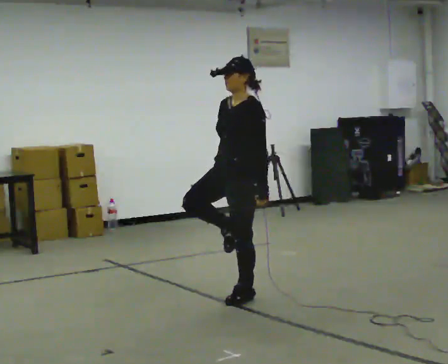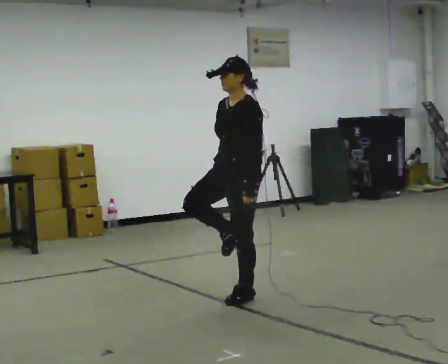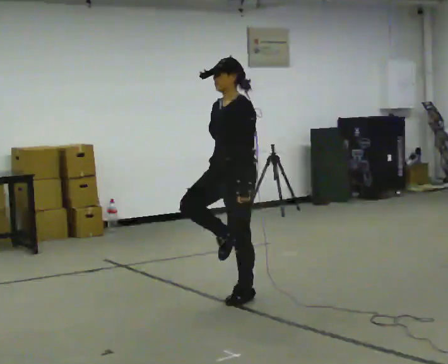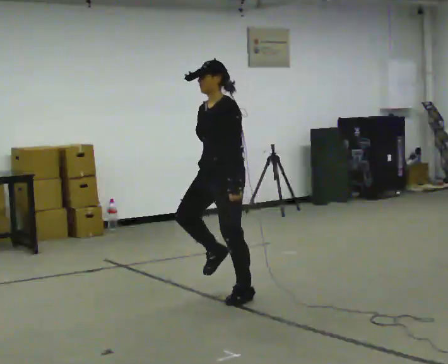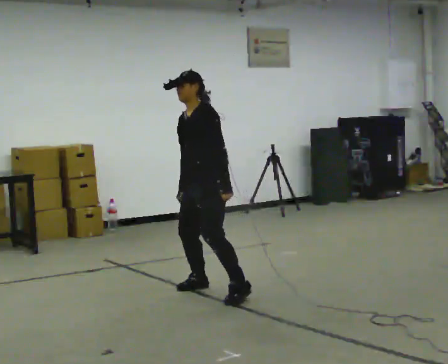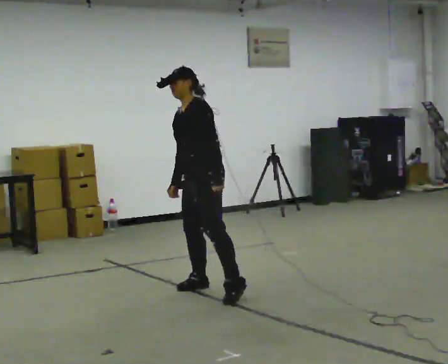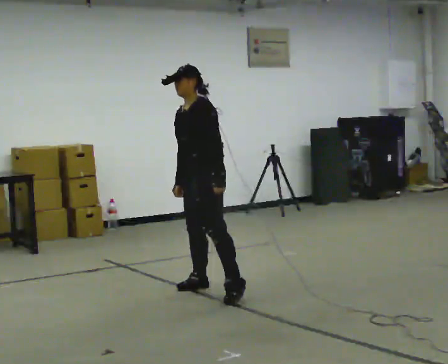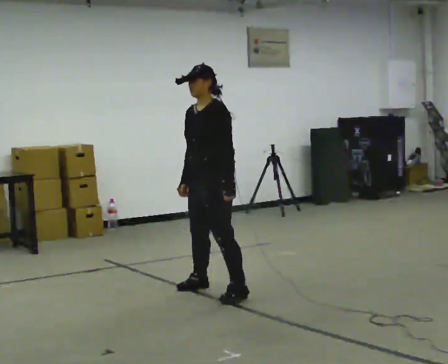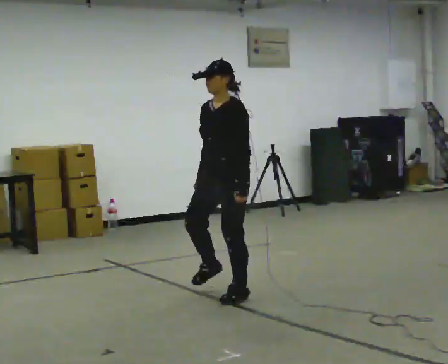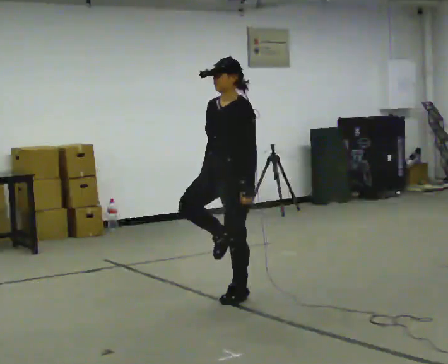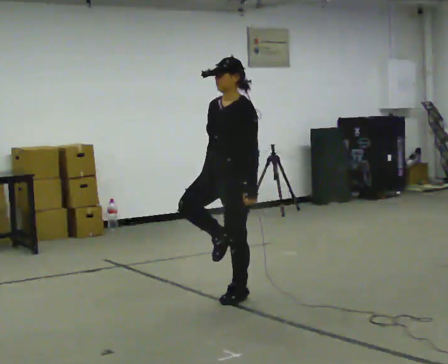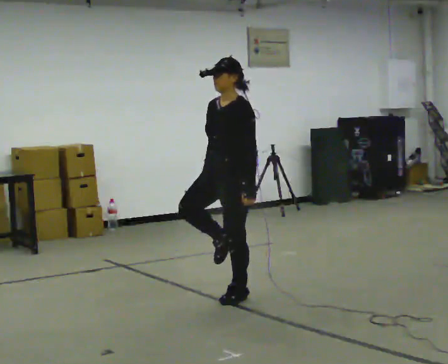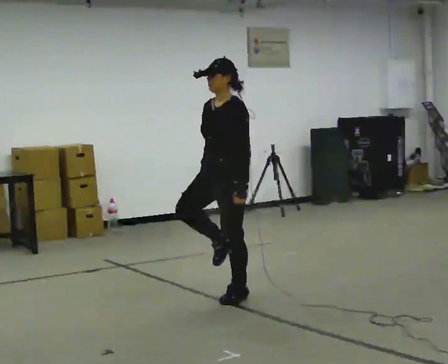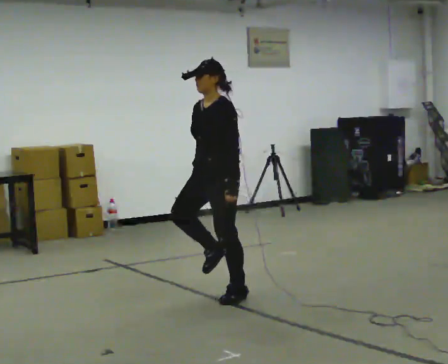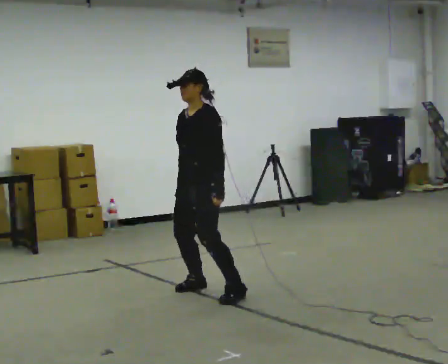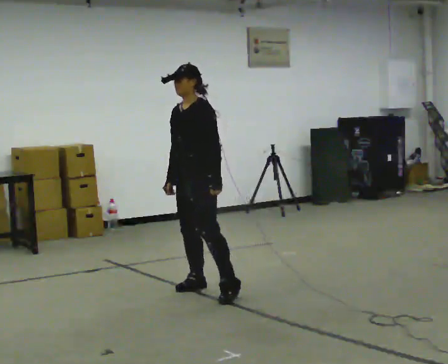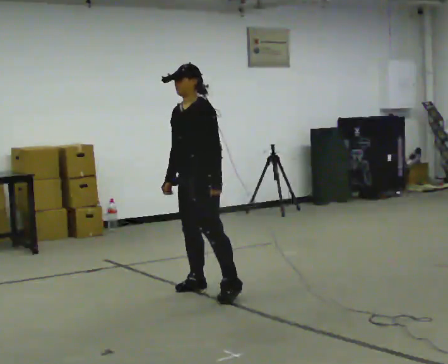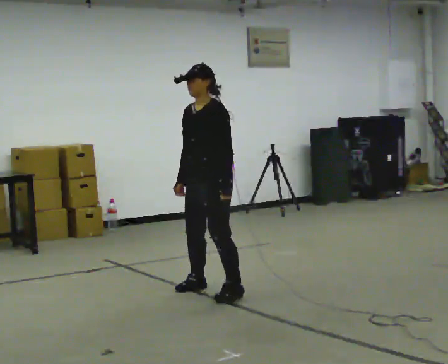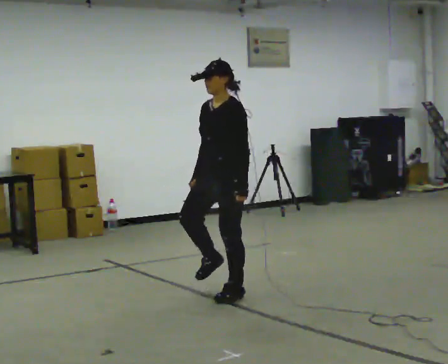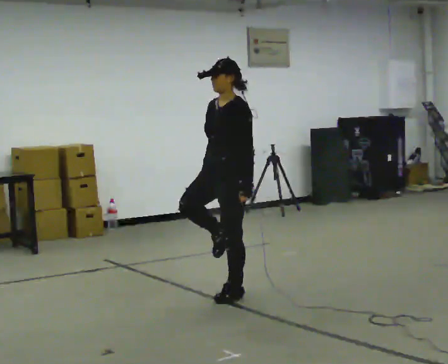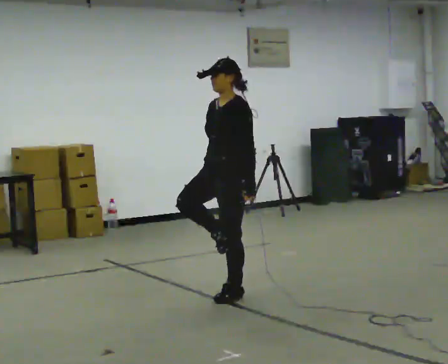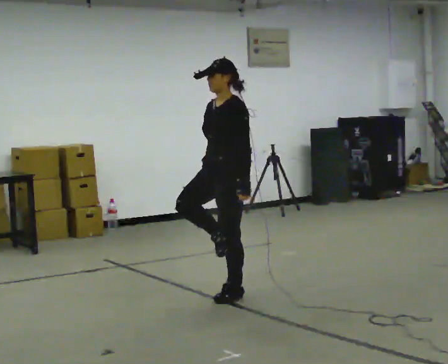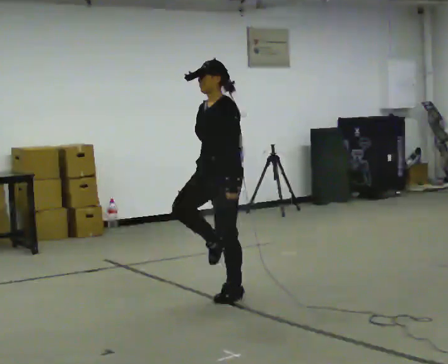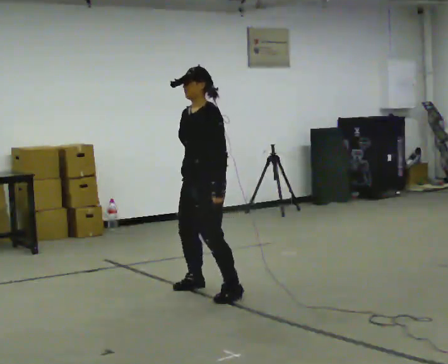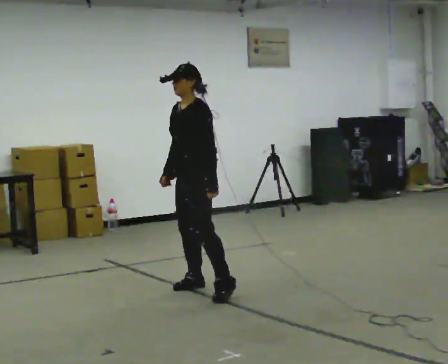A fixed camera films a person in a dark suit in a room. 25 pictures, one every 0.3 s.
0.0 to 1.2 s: In the picture they go to the left and away from the camera, about 0.25 m in 1 step, which for them is to their right. In the picture the upper body tilts counterclockwise, shoulders to the left.
1.2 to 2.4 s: In the picture they go toward the camera and to the right, about 0.25 m, which for them is to their left.
2.4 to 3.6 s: The person moves a little, or ends about where they began.
3.6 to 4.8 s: In the picture they go away from the camera and to the left, about 0.25 m in 1 step, which for them is to their right.
4.8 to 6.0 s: In the picture they go to the right and toward the camera, about 0.25 m in 1 step, which for them is to their left.
6.0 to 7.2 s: In the picture they go to the left and away from the camera, about 0.25 m in 1 step, which for them is to their right.
The film runs forward here.
